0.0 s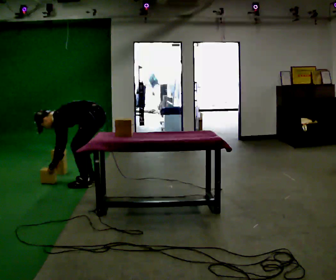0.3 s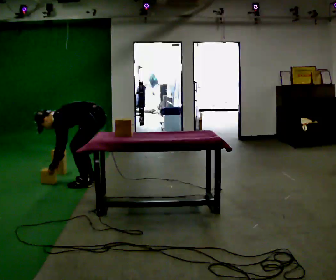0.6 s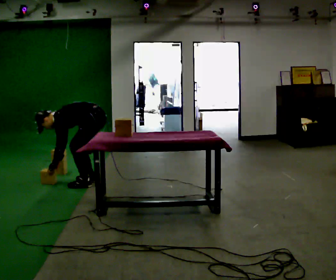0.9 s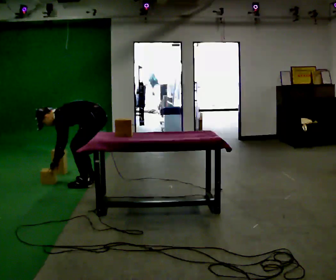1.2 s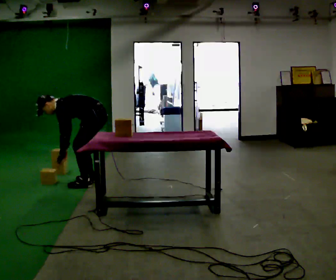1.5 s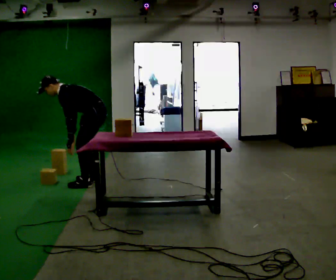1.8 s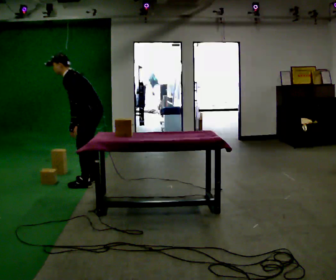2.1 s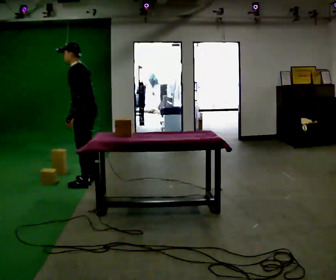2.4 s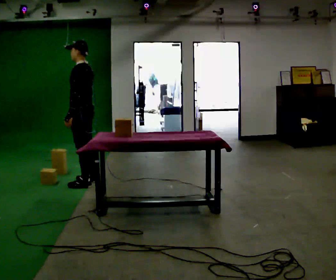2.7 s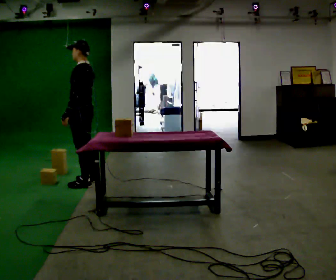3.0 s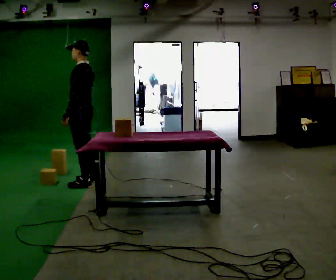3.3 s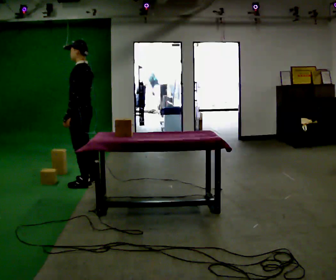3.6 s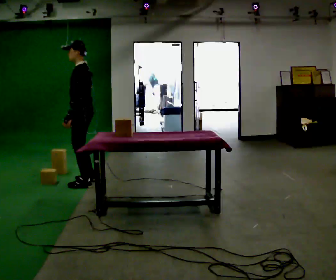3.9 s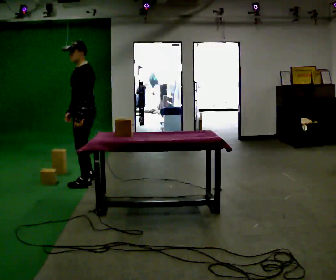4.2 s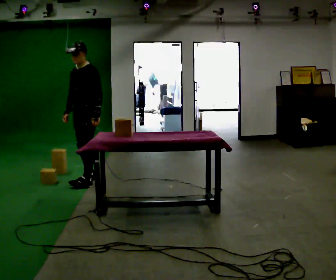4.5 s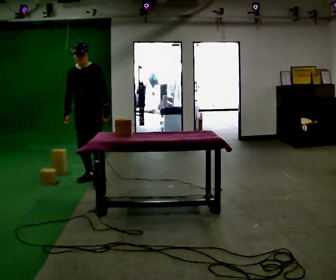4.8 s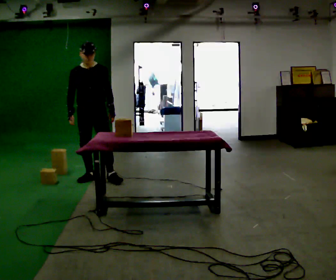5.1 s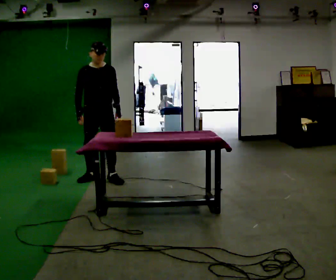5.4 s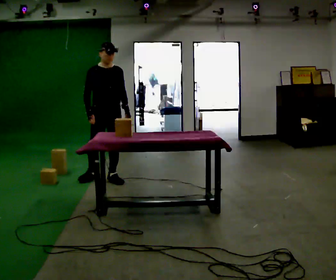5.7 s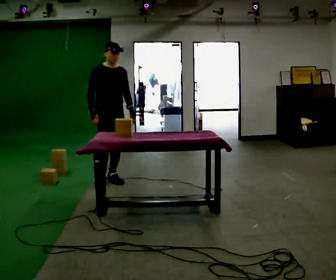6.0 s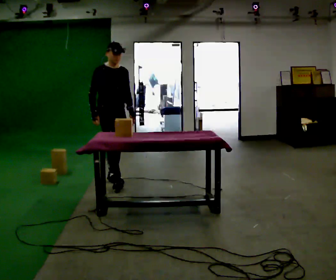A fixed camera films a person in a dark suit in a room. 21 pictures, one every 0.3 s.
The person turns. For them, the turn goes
to their left.
The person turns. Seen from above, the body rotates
counterclockwise.
0.0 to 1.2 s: In the picture the upper body tilts clockwise, shoulders to the right, as they lean back or straighten.
1.2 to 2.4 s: In the picture they go to the left, about 0.25 m, which for them is forward. The shoulders move upward. In the picture the upper body tilts clockwise, shoulders to the right, as they lean back or straighten. In the picture their left hand goes upward.
2.4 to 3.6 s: The person moves a little, or ends about where they began.
3.6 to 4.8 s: The person turns about 90 degrees to their left, counterclockwise seen from above, so the part of the body nearest the lens slides to the right. In the picture they go away from the camera, about 0.25 m in 2 steps. In the picture their left hand goes to the right, the arm swinging counterclockwise.
4.8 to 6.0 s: The person turns about 30 degrees to their left, counterclockwise seen from above, so the part of the body nearest the lens slides to the right. In the picture they go to the right, about 0.25 m in 1 step, which for them is to their left and forward.
The film runs forward here.
